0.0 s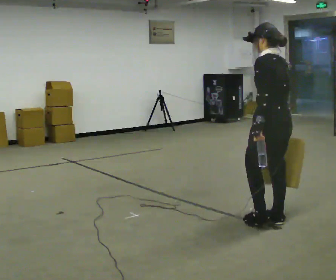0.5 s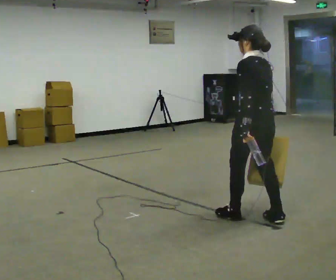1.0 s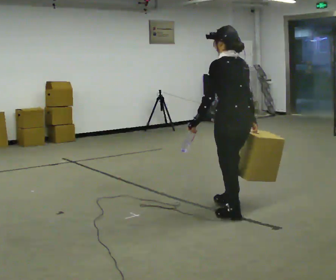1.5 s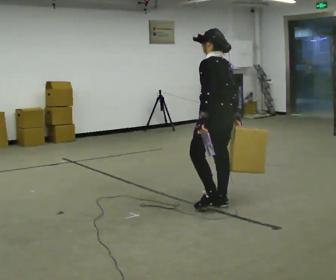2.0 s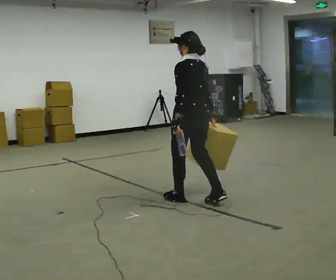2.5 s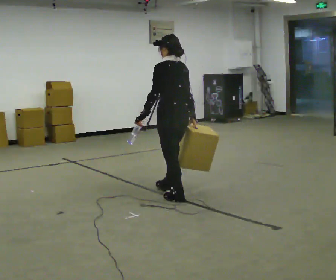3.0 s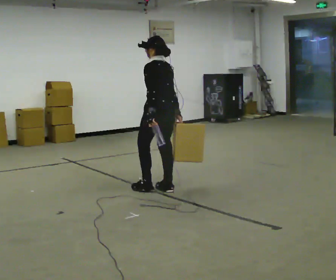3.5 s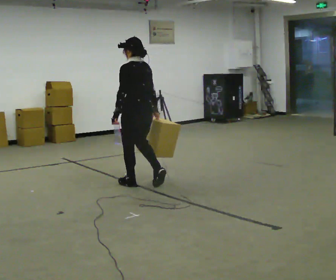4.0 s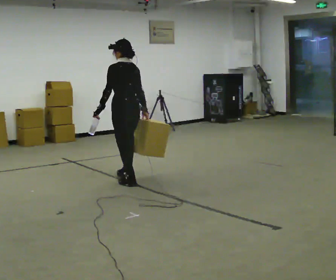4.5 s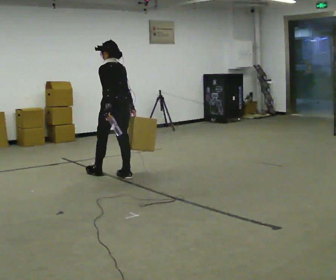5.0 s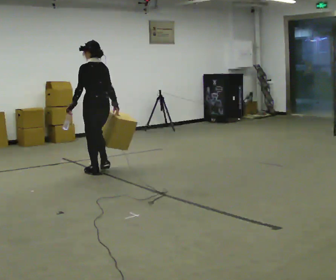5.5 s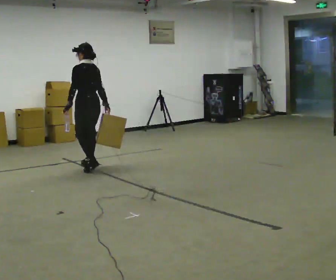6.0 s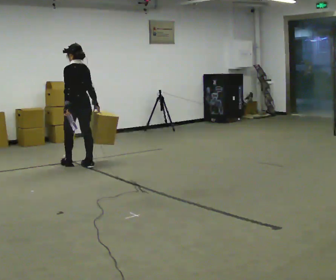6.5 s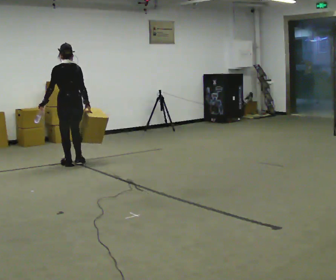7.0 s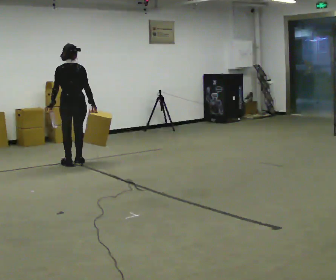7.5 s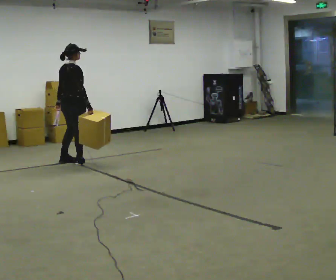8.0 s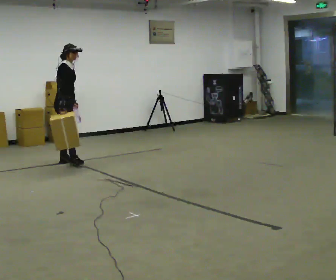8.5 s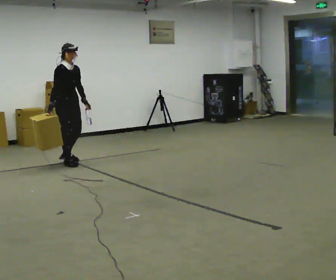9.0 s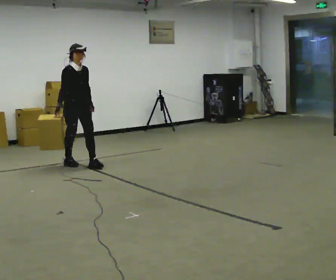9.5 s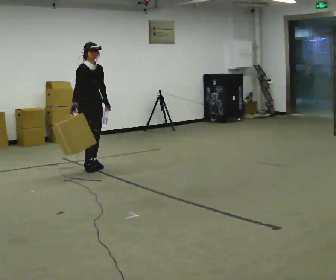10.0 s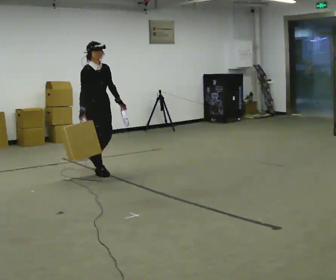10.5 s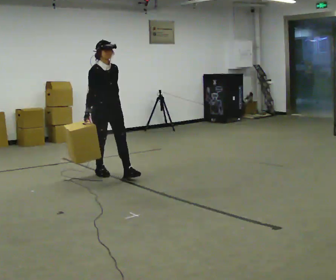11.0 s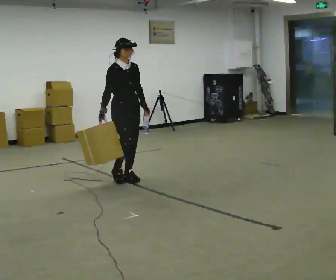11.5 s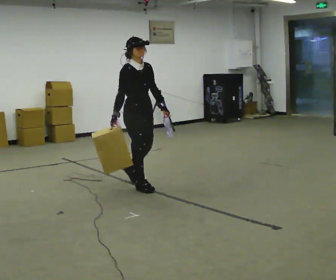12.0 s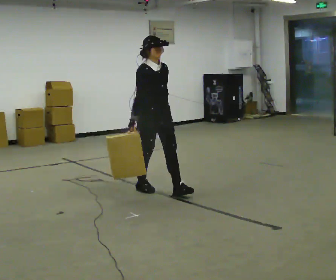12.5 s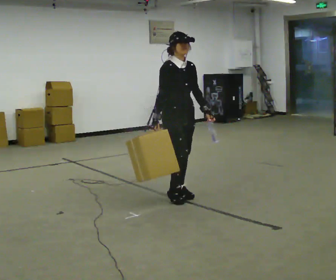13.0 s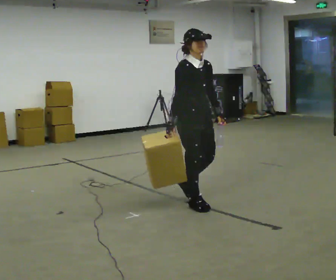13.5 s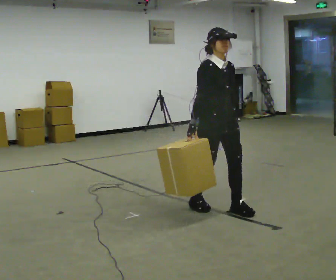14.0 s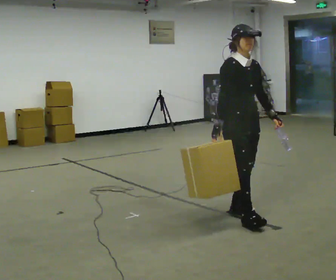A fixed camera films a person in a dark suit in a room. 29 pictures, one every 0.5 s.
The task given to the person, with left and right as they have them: Carry one object in each hand, the heavy one in the hand the operator calls, walking back and forth across the room.
0.0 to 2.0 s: In the picture they go away from the camera and to the left, about 1 m in 3 steps, which for them is forward.
2.0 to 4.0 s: In the picture they go away from the camera and to the left, about 1 m in 3 steps, which for them is forward.
4.0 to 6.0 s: In the picture they go away from the camera and to the left, about 1 m in 3 steps, which for them is forward.
6.0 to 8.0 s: Seen from above the body turns clockwise, about 150 degrees: to their right, with its near side sliding to the left. In the picture they go away from the camera and to the left, about 0.25 m in 2 steps.
8.0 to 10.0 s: The person turns about 45 degrees to their right, clockwise seen from above, so the part of the body nearest the lens slides to the left. In the picture they go toward the camera and to the right, about 0.5 m in 2 steps, which for them is forward.
10.0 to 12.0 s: In the picture they go toward the camera and to the right, about 1 m in 2 steps, which for them is forward.
12.0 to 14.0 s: In the picture they go toward the camera and to the right, about 1 m in 3 steps, which for them is forward.
The film runs forward here.
